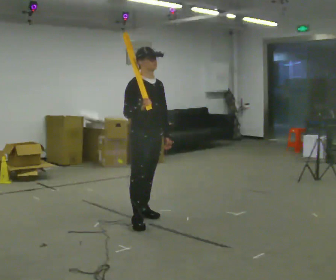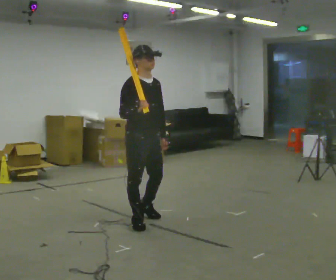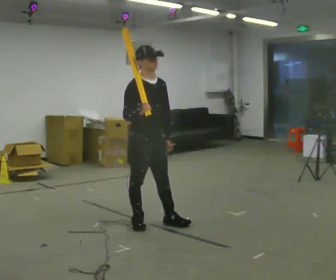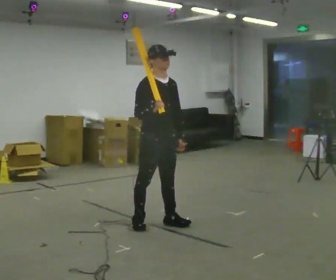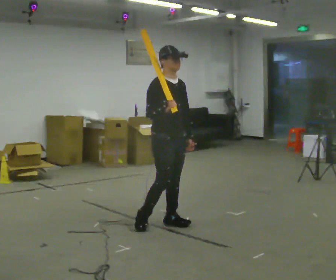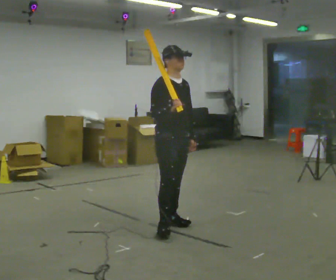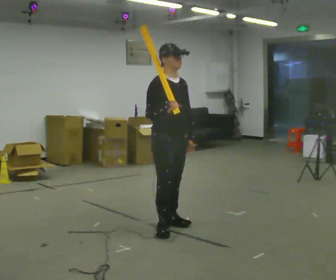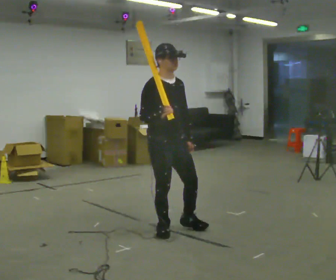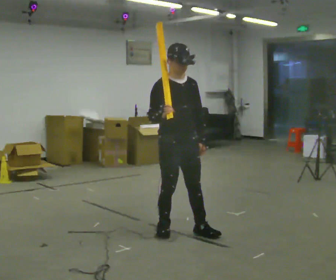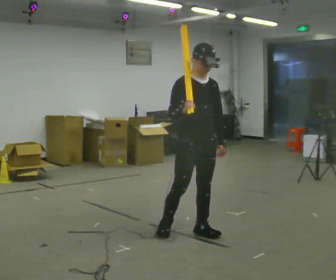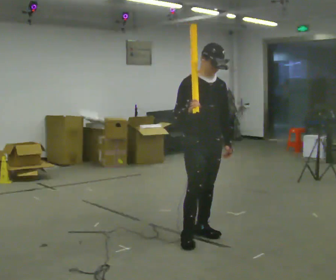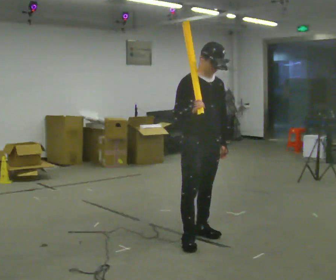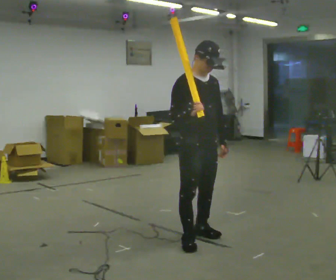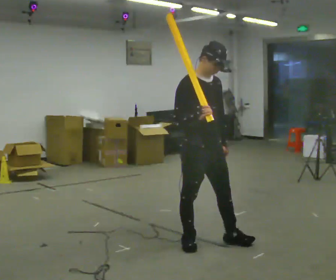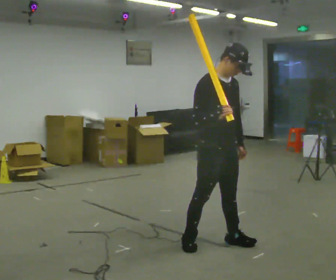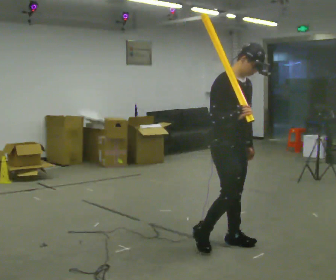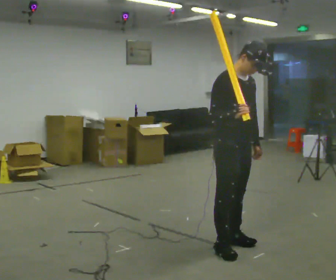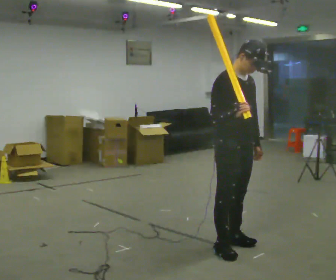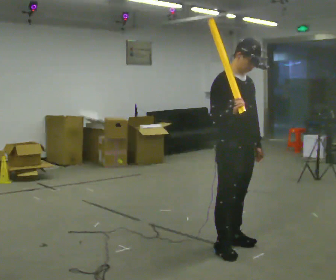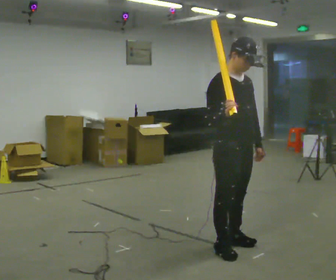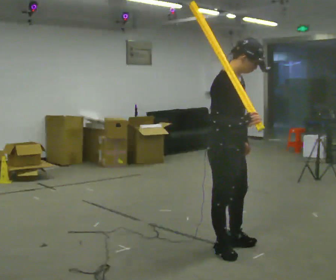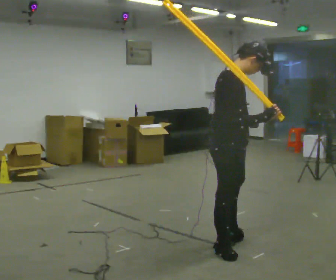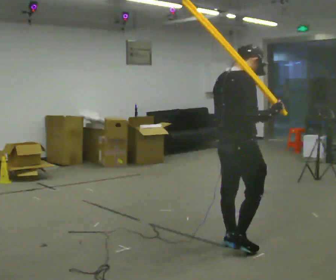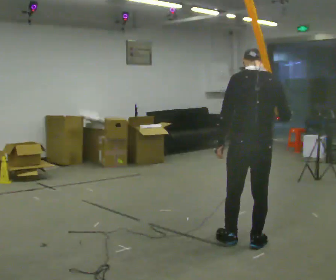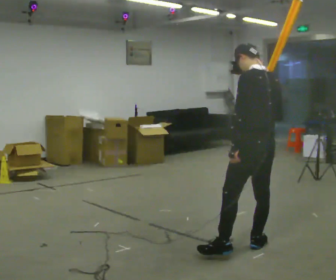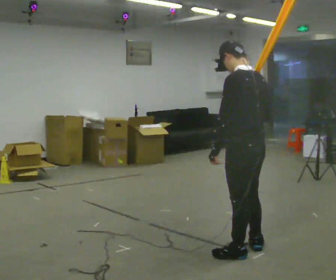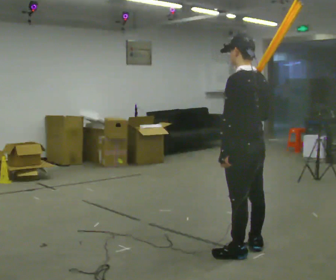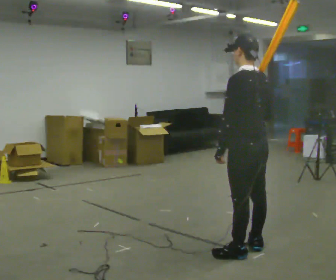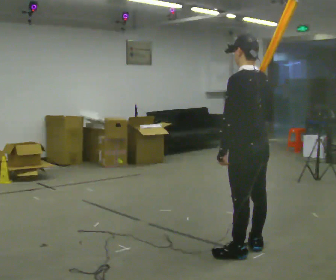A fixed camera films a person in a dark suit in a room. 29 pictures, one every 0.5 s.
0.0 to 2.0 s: In the picture they go to the right, about 0.25 m in 1 step, which for them is forward.
2.0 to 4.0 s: In the picture they go toward the camera, about 0.25 m in 2 steps, which for them is forward and to their right.
4.0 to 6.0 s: In the picture they go toward the camera and to the right, about 0.25 m in 1 step, which for them is forward.
6.0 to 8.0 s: In the picture they go to the right, about 0.25 m in 2 steps, which for them is forward.
8.0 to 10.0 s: Seen from above the body turns counterclockwise, about 30 degrees: to their left, with its near side sliding to the right.
10.0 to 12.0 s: The part of the body nearest the lens slides to the right as the person turns to their left by about 150 degrees. In the picture they go to the right, about 0.25 m in 1 step. The upper body tips away from the camera, its near side rolling upward.
12.0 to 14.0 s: The person moves a little, or ends about where they began.
The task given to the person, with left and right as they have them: Rest the long object on the shoulder the operator calls and carry it across the room, back and forth.
The film runs forward here.
